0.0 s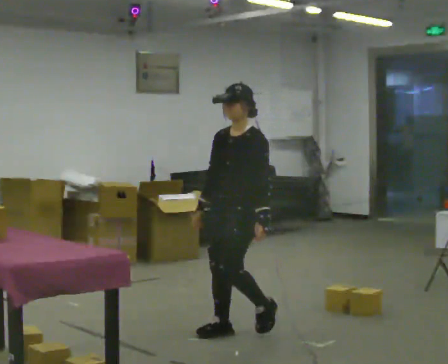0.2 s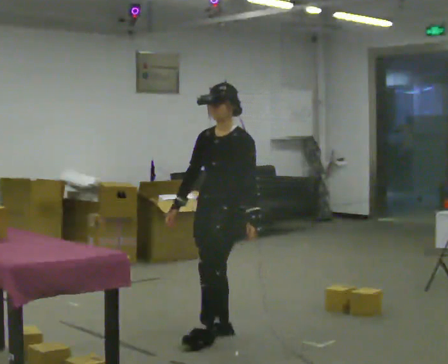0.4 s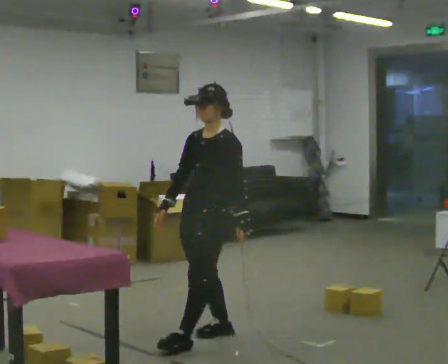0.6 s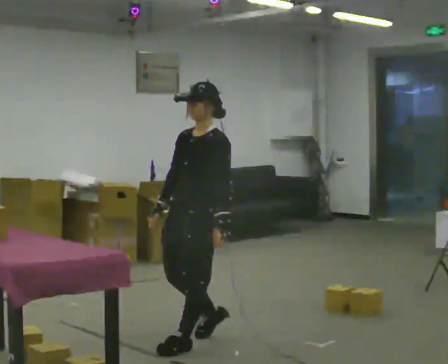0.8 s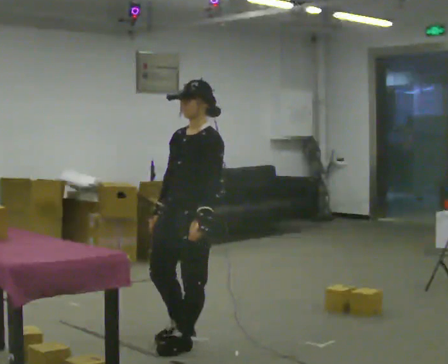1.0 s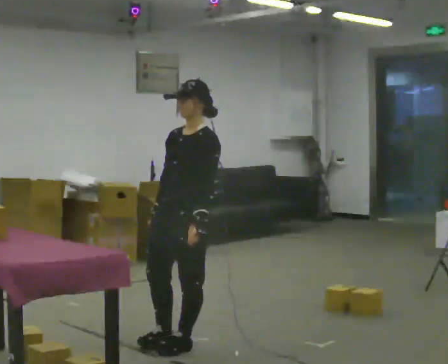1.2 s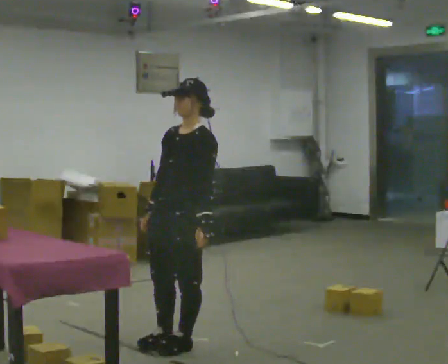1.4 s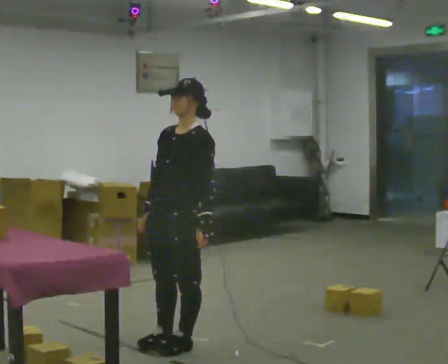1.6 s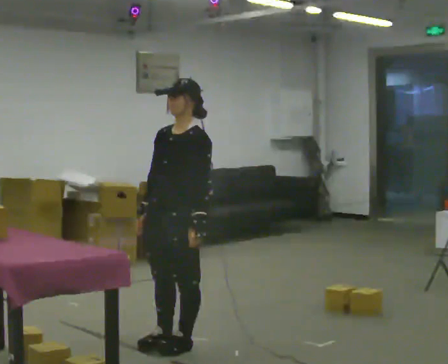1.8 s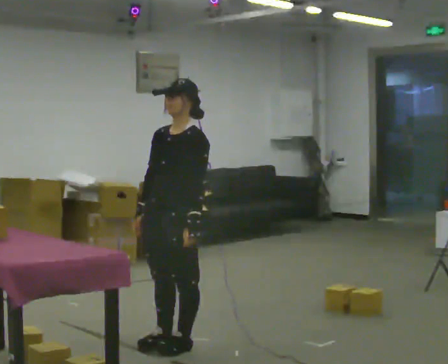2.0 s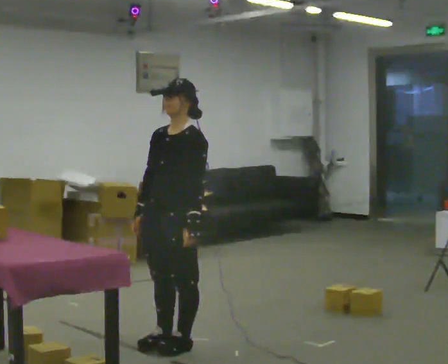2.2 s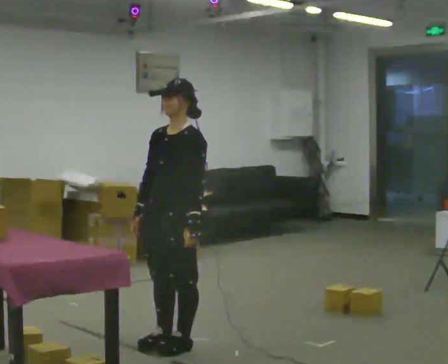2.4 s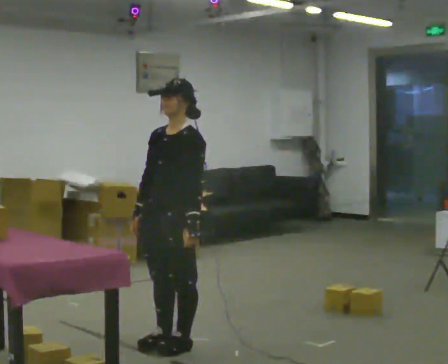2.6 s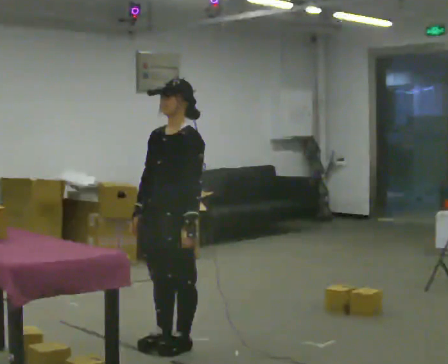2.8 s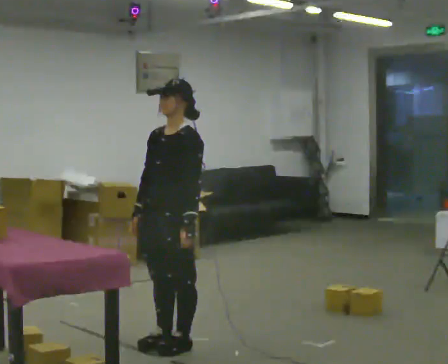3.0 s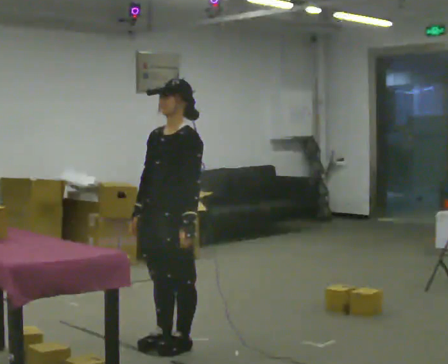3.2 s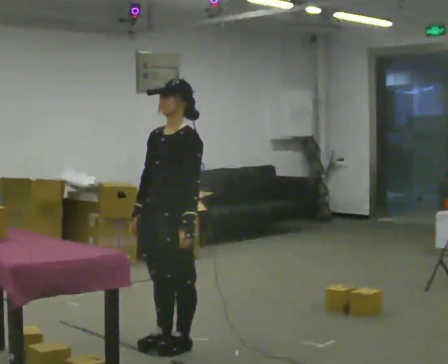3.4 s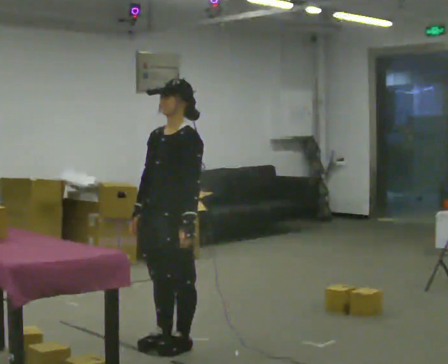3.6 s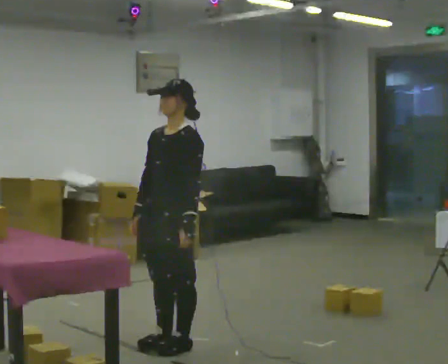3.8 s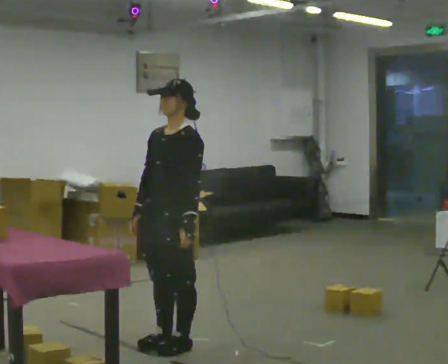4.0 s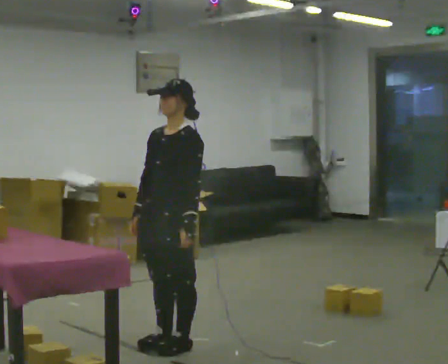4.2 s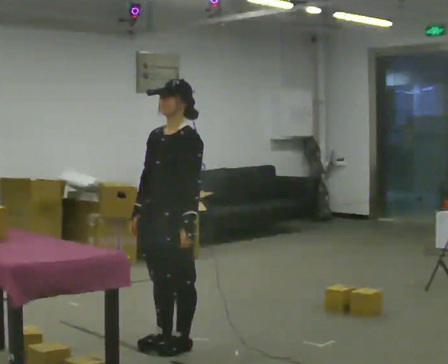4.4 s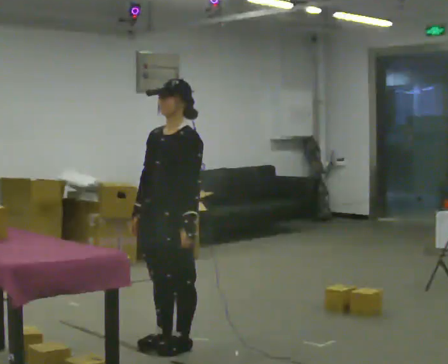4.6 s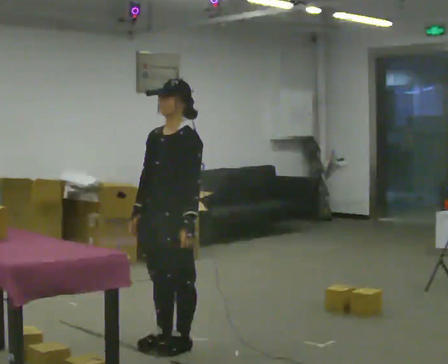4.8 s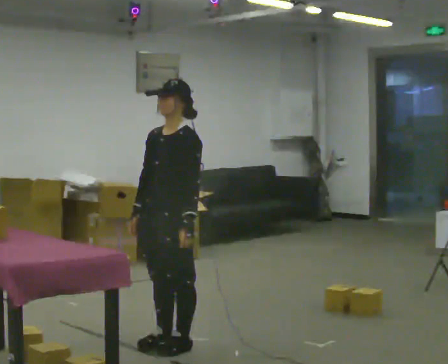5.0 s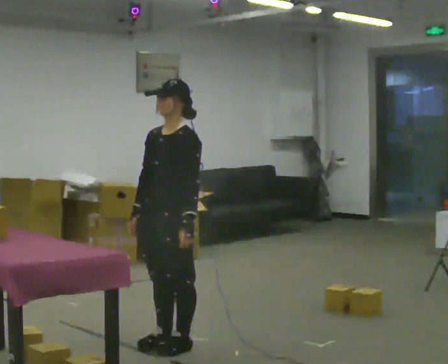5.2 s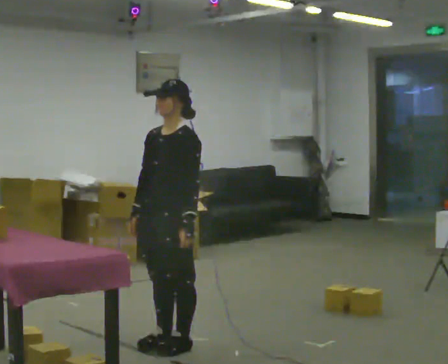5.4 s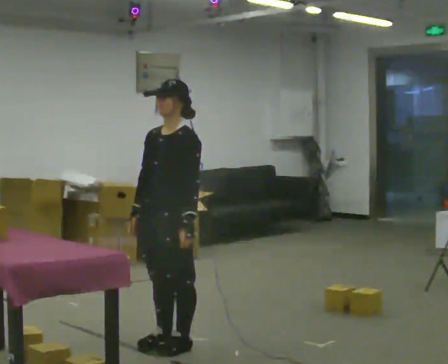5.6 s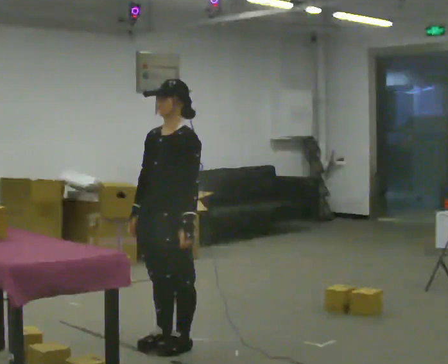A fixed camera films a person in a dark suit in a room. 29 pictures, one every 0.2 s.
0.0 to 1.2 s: In the picture they go to the left and toward the camera, about 0.5 m in 2 steps, which for them is forward.
1.2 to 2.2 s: The person moves a little, or ends about where they began.
2.2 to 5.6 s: The person keeps their place and pose.
The film runs forward here.
